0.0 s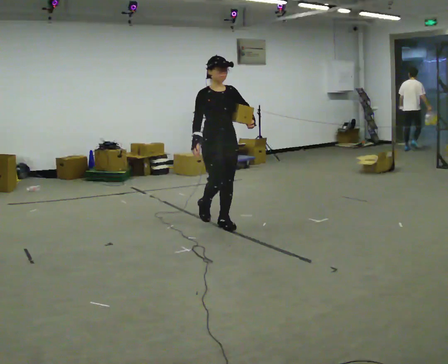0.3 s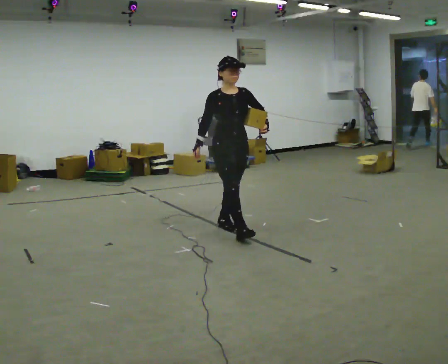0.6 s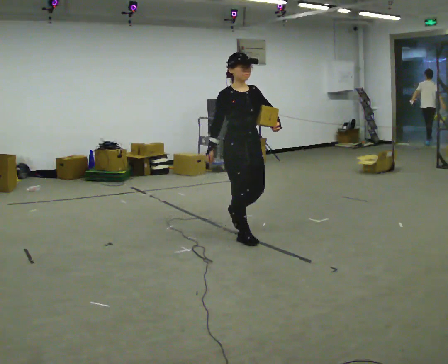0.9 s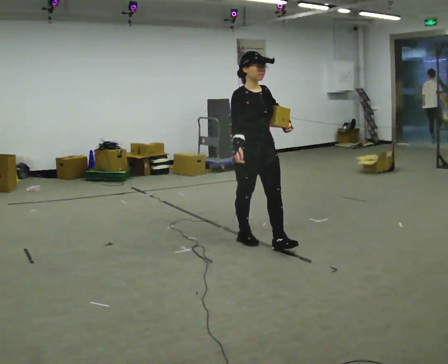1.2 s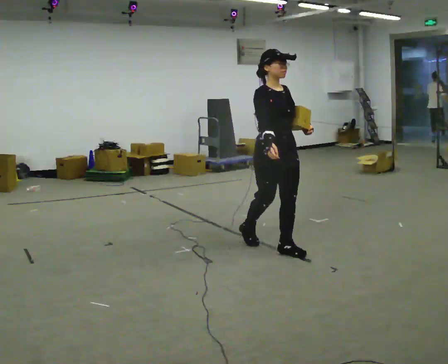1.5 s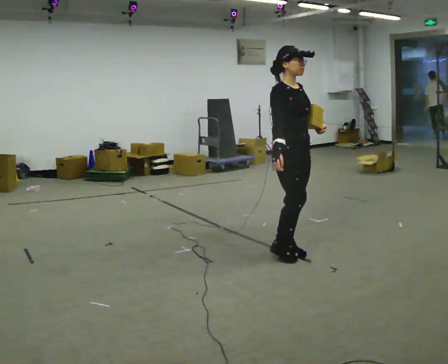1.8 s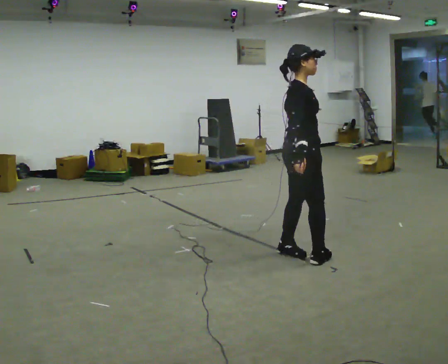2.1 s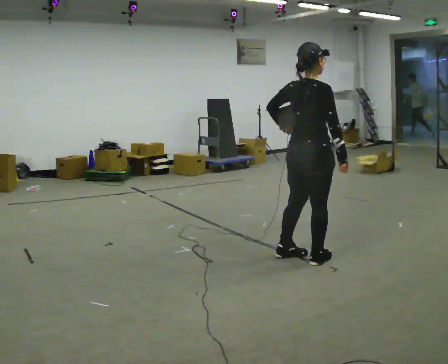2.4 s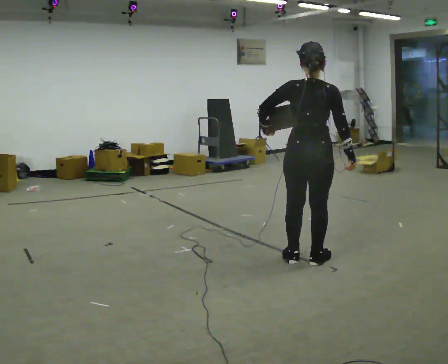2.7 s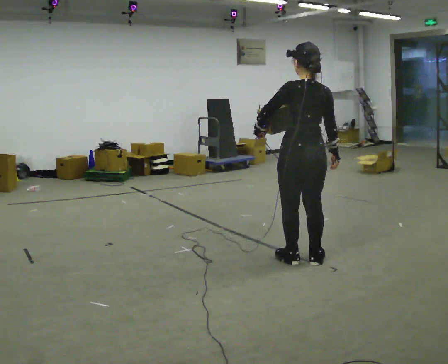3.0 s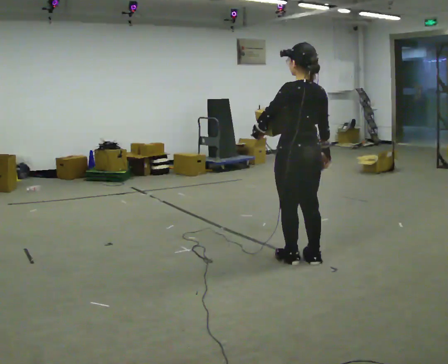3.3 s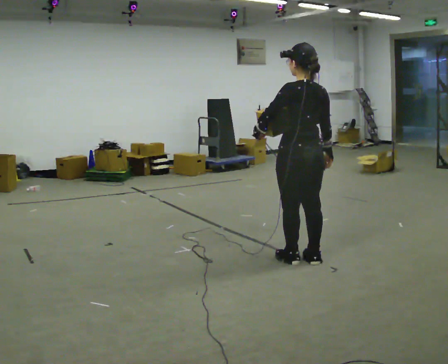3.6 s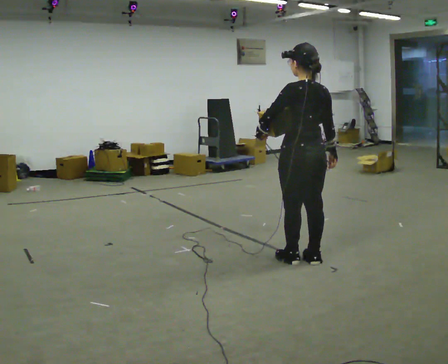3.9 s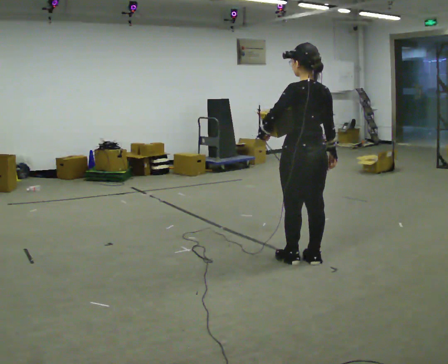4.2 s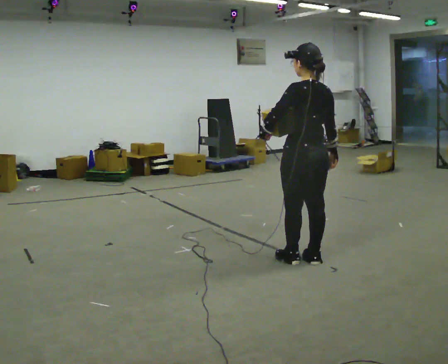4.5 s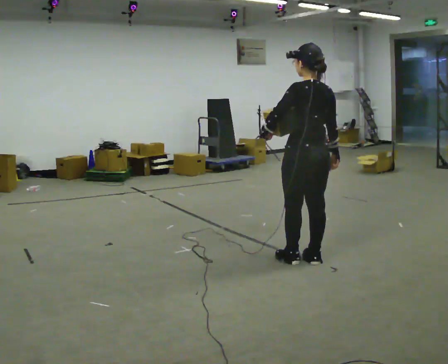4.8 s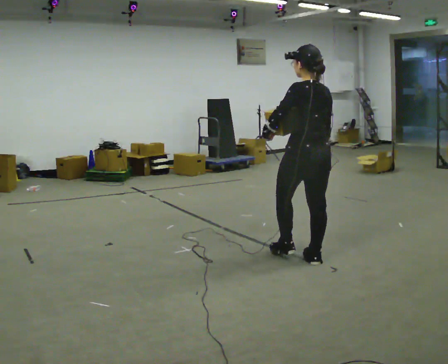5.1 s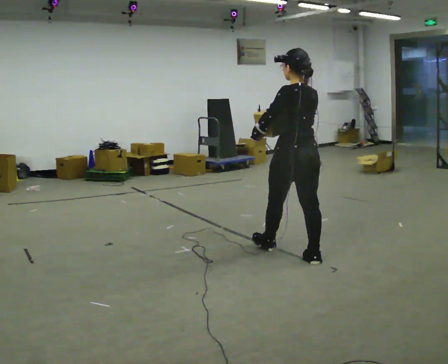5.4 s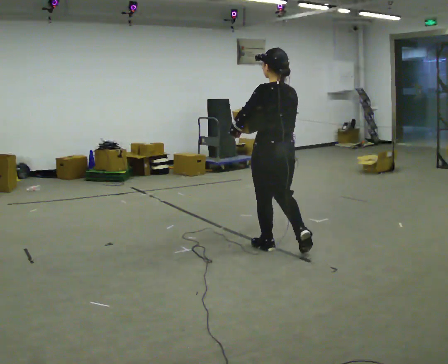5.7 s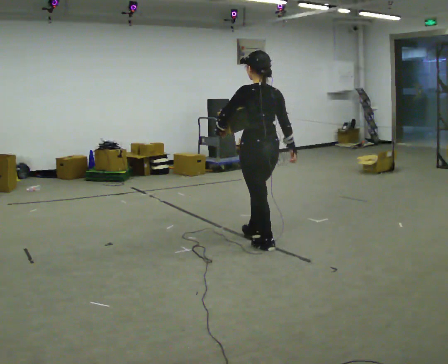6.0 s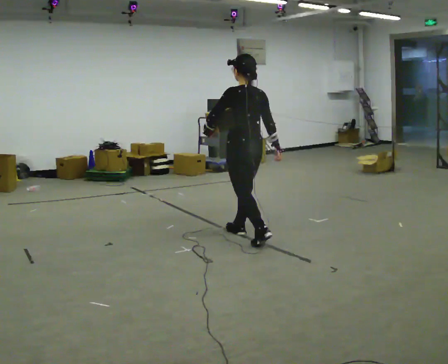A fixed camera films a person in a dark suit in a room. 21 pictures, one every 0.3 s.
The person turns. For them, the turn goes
to their left.
The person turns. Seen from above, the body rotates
counterclockwise.
0.0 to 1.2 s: In the picture they go to the right and toward the camera, about 1 m in 2 steps, which for them is forward.
1.2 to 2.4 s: Seen from above the body turns counterclockwise, about 150 degrees: to their left, with its near side sliding to the right. In the picture they go to the right and toward the camera, about 0.5 m in 2 steps.
2.4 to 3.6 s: The person turns about 30 degrees to their left, counterclockwise seen from above, so the part of the body nearest the lens slides to the right.
3.6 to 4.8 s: The person moves a little, or ends about where they began.
4.8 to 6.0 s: In the picture they go to the left and away from the camera, about 1 m in 2 steps, which for them is forward.
The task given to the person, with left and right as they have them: Hold the object against your hip on the side the operator calls, and carry it back and forth across the room.
The film runs forward here.
